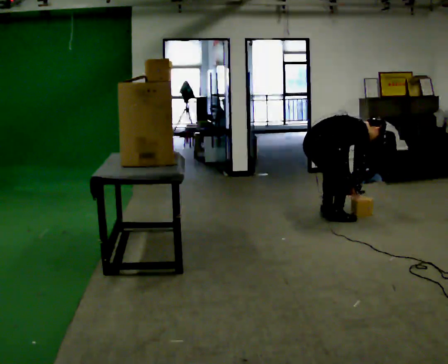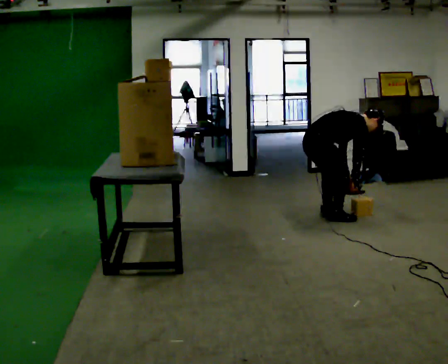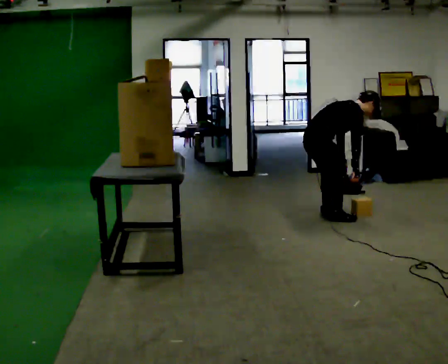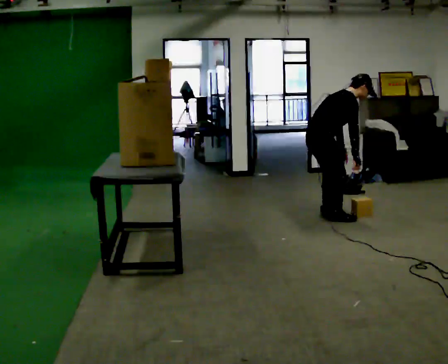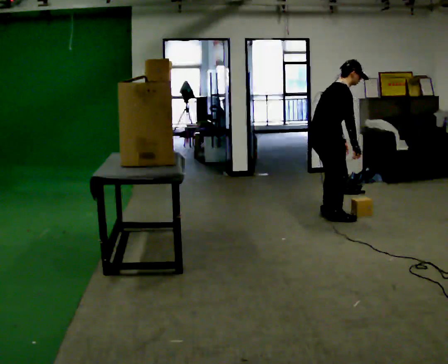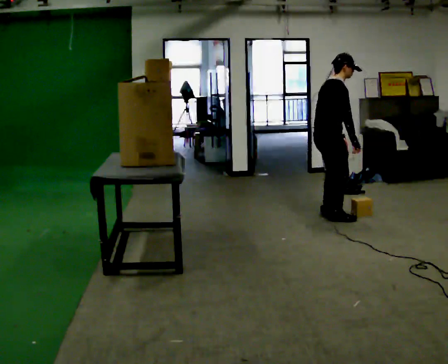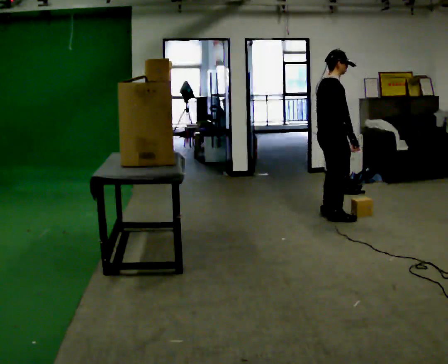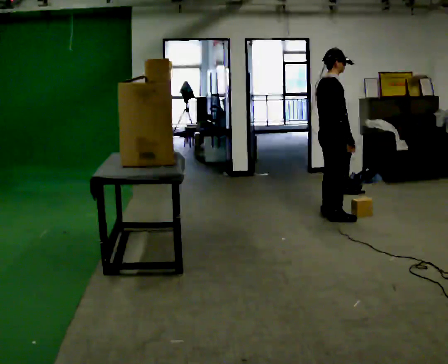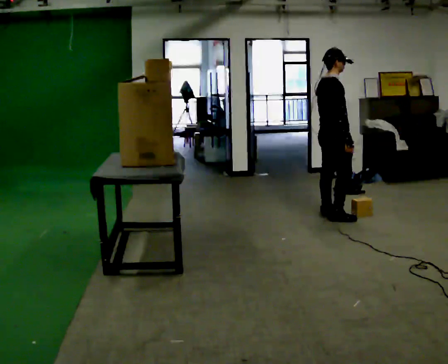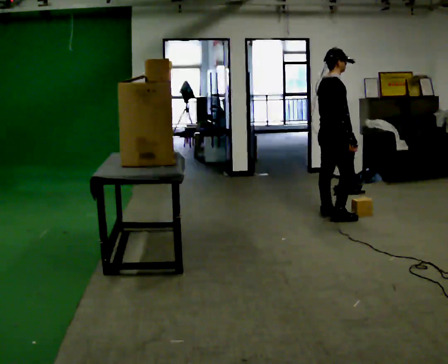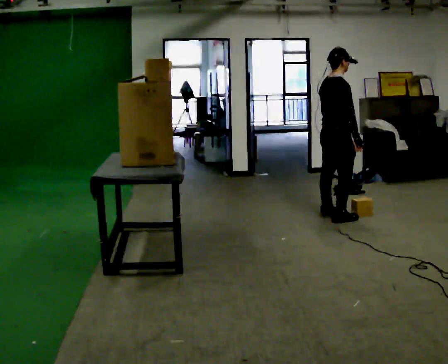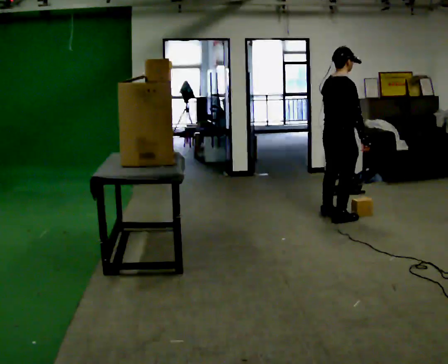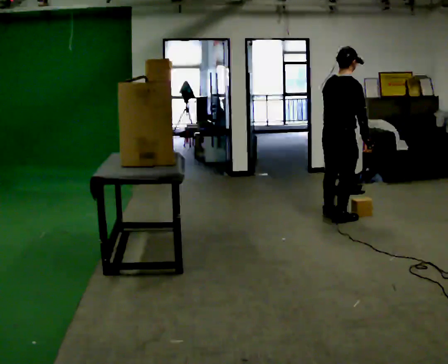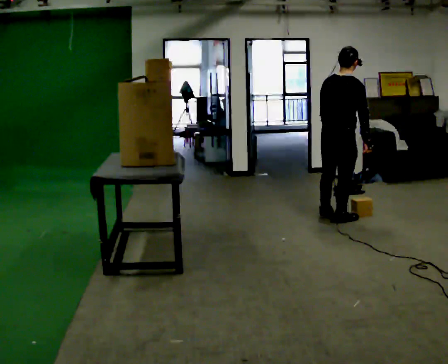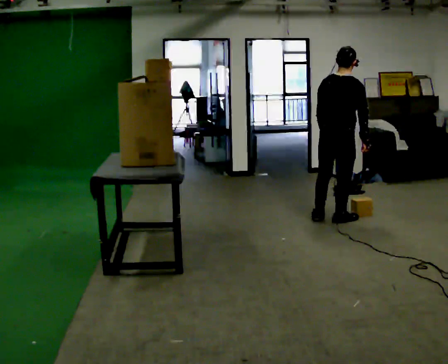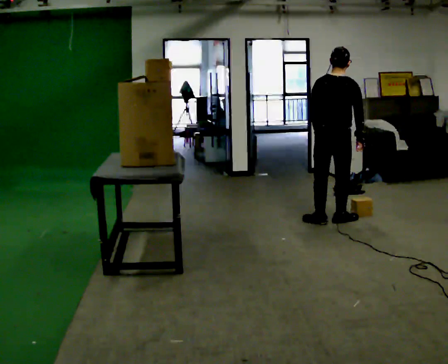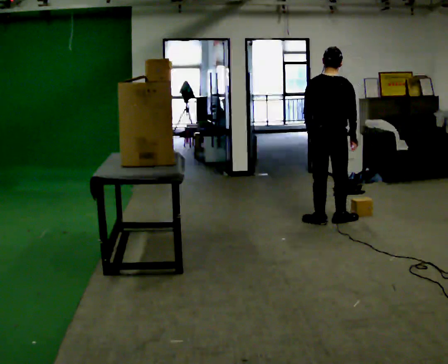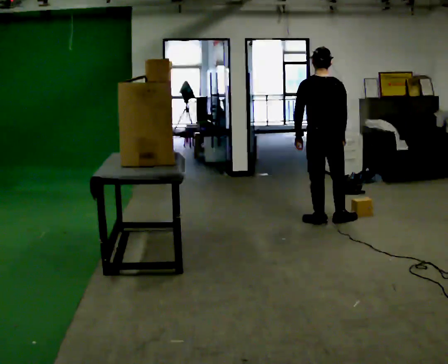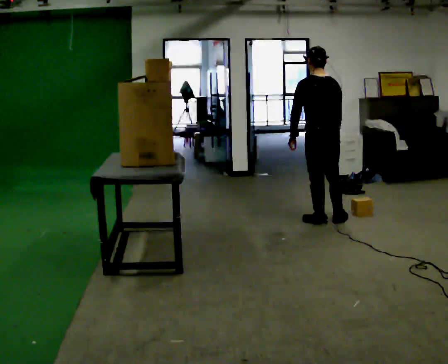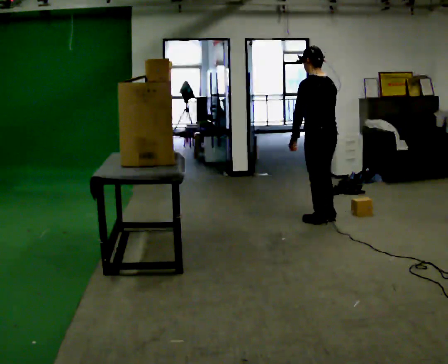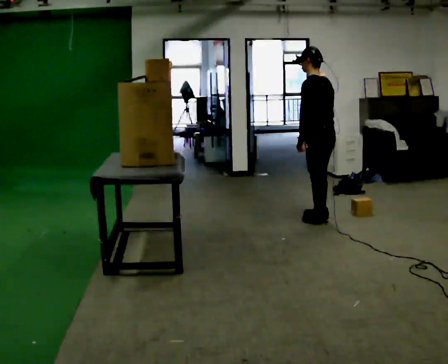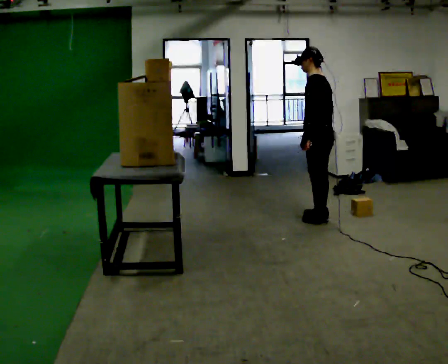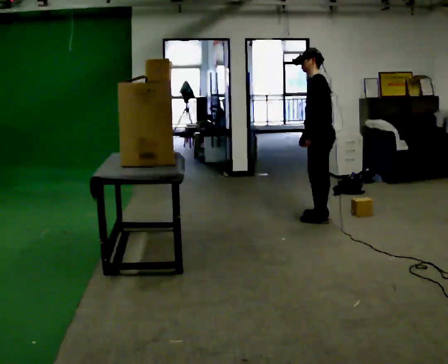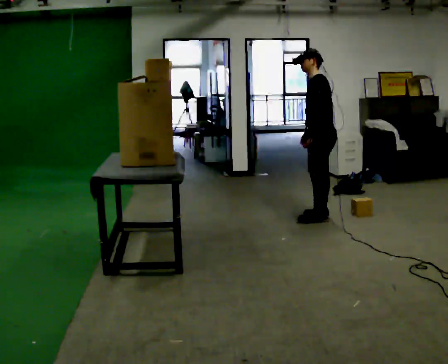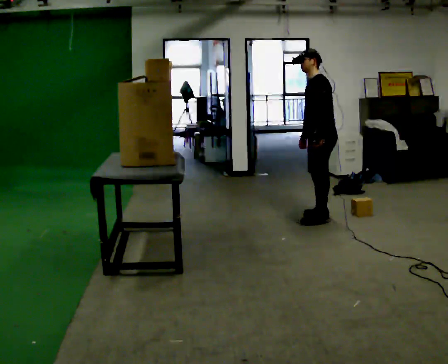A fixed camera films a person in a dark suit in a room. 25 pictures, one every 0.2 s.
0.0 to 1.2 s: The shoulders move upward. In the picture the upper body tilts counterclockwise, shoulders to the left, as they lean back or straighten. In the picture their right hand goes upward.
1.2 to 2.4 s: The part of the body nearest the lens slides to the right as the person turns to their left by about 30 degrees. In the picture they go toward the camera, about 0.25 m, which for them is to their right.
2.4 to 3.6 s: The part of the body nearest the lens slides to the right as the person turns to their left by about 75 degrees.
3.6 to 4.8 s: The part of the body nearest the lens slides to the right as the person turns to their left by about 75 degrees. In the picture they go away from the camera, about 0.25 m in 1 step.
The film runs forward here.
